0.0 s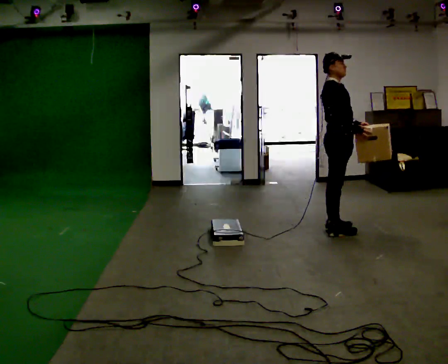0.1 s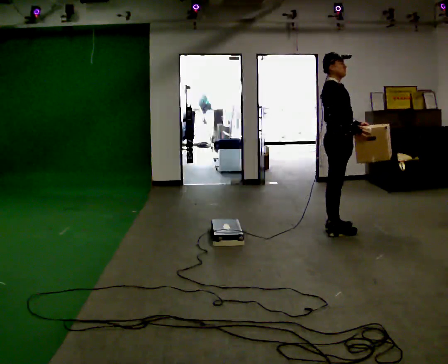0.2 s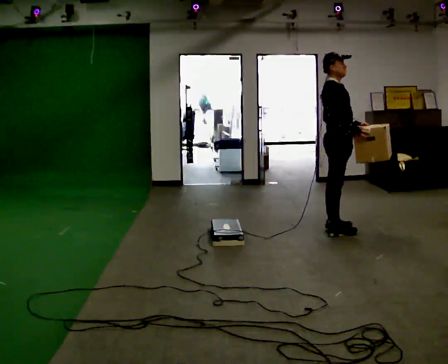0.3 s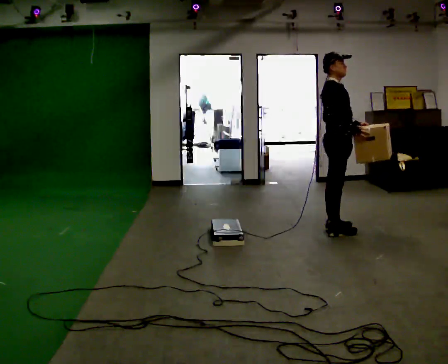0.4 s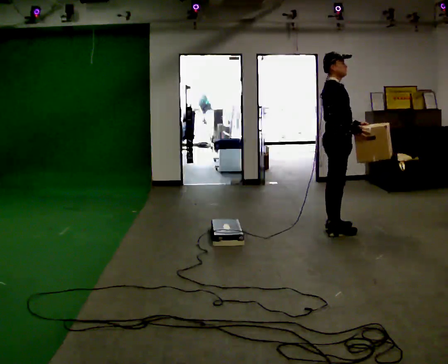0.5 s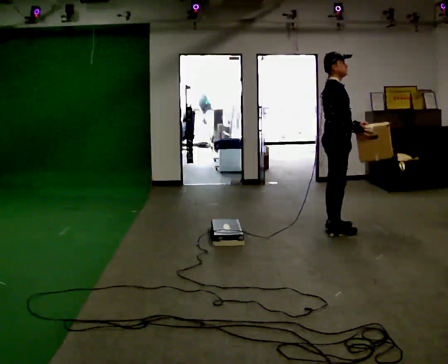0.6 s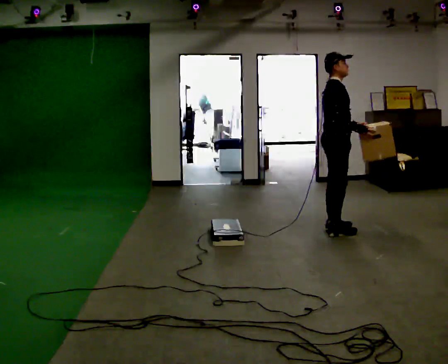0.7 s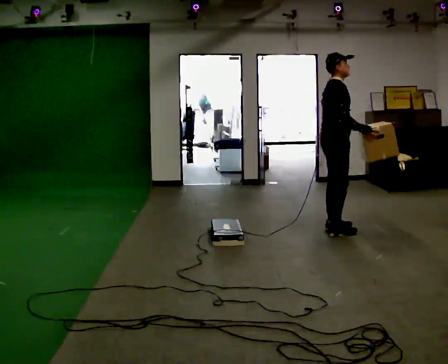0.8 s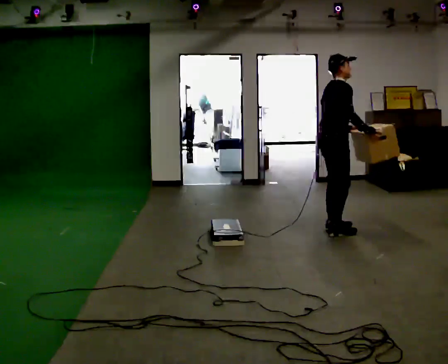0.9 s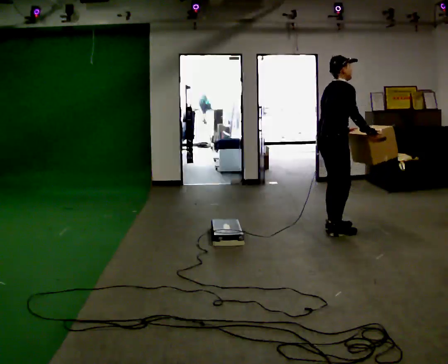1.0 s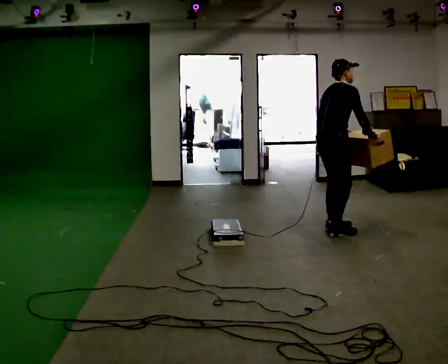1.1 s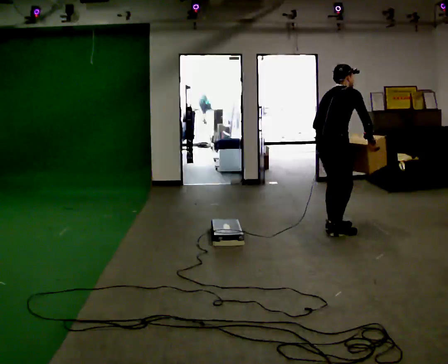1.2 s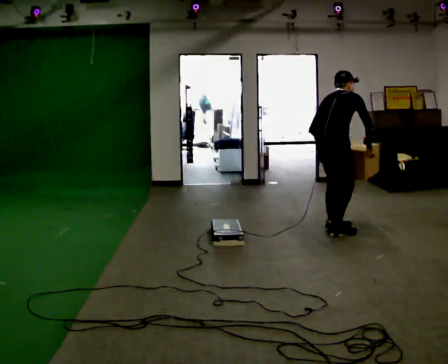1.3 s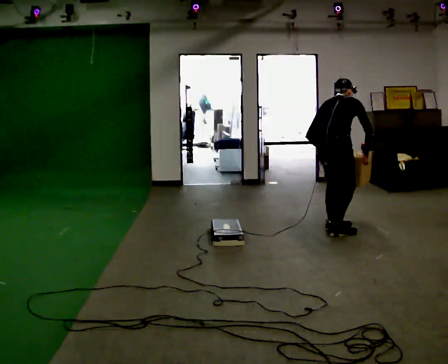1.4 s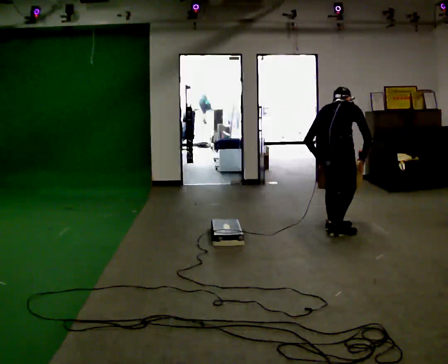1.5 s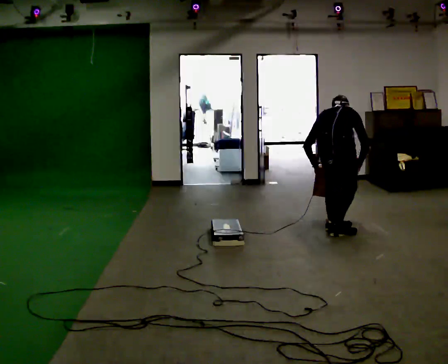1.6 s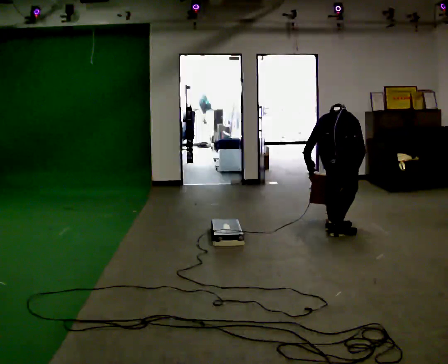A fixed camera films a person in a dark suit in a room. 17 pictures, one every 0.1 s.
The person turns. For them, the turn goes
to their left.
The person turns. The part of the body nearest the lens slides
to the right.
0.0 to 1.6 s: The person turns about 75 degrees to their left, counterclockwise seen from above, so the part of the body nearest the lens slides to the right. In the picture they go toward the camera, about 0.25 m. The shoulders move downward. The upper body tips away from the camera, its near side rolling upward, as they bend forward. In the picture their left hand goes to the left and downward, the arm swinging clockwise.
The film runs backward here.
